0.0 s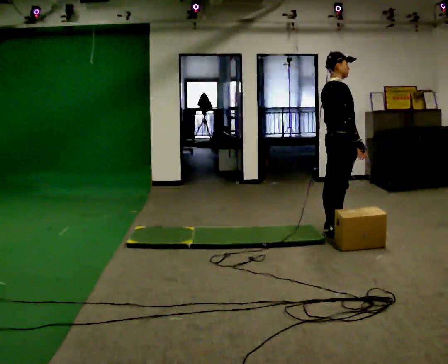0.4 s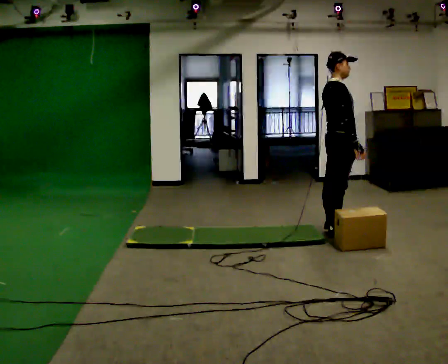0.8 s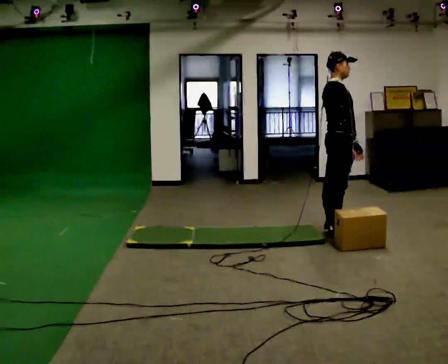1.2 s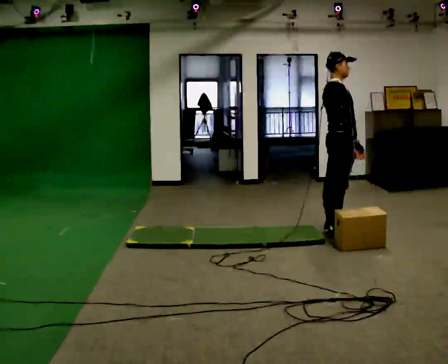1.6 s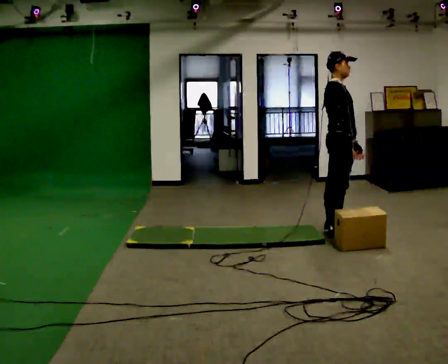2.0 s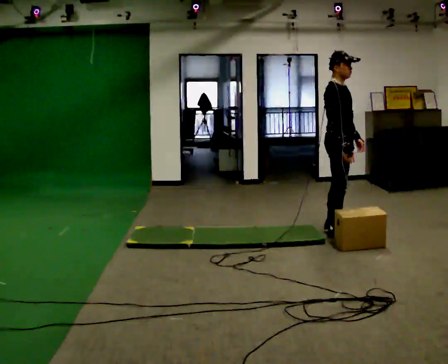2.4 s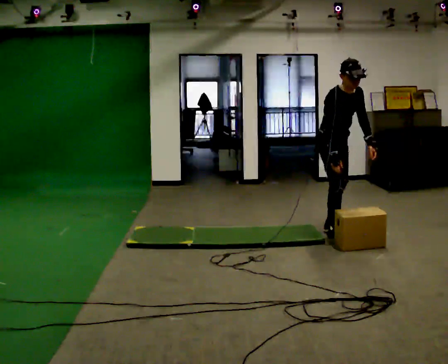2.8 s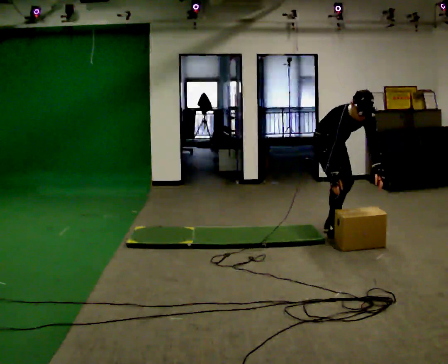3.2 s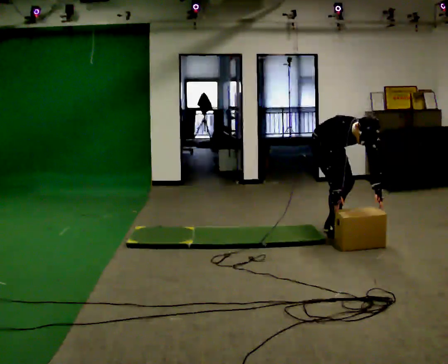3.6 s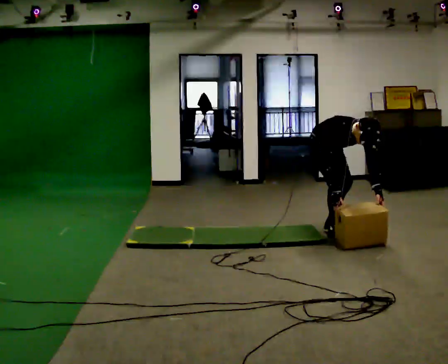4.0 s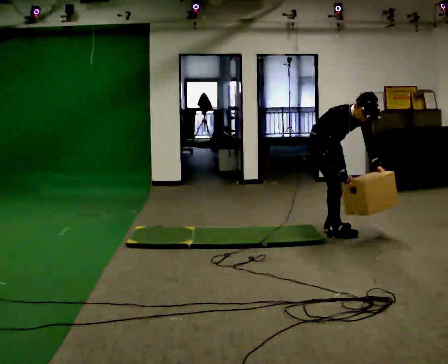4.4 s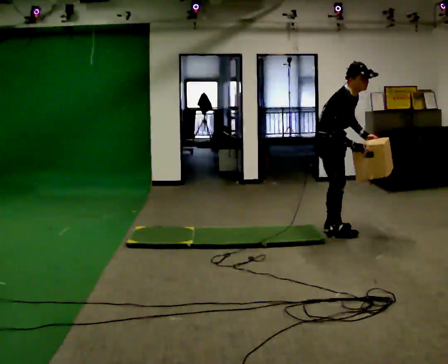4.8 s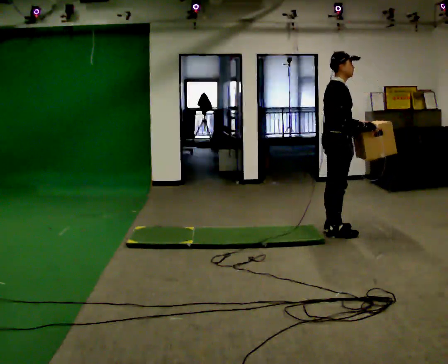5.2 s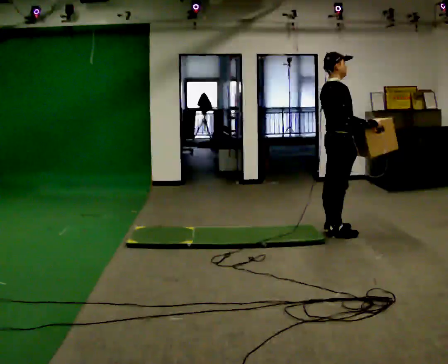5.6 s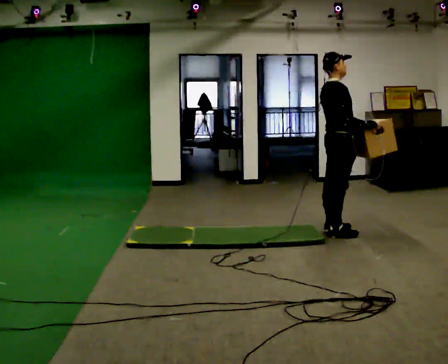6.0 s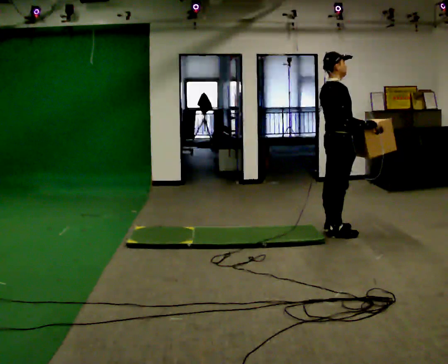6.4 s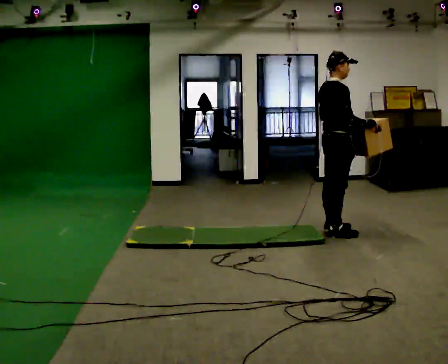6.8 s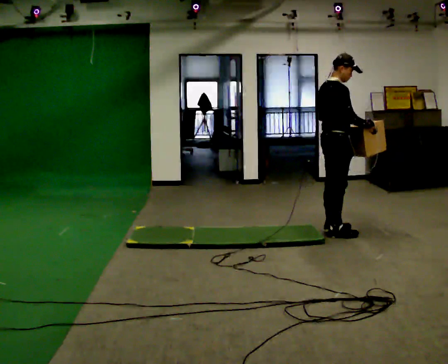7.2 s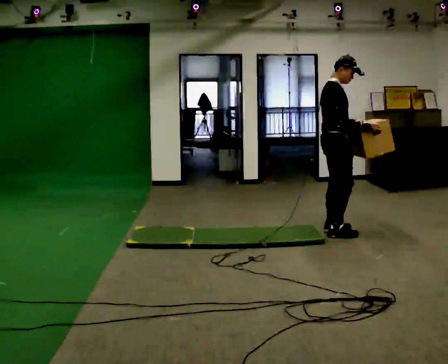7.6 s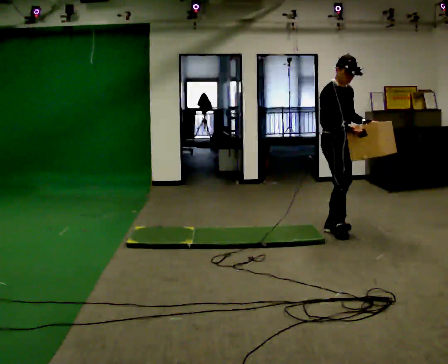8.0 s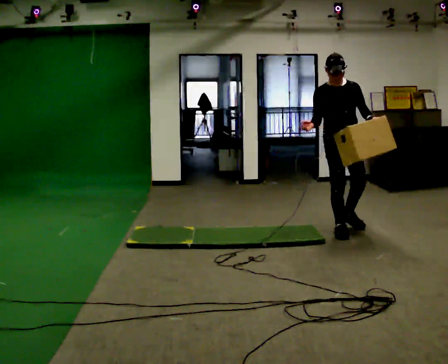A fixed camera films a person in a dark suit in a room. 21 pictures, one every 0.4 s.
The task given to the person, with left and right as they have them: Carry the box across the soft uneven mat, set it down on the far side, then bring it back. Keep going until the operator says stop; one object at a time, and do not rush between trips.
0.0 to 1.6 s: The person moves a little, or ends about where they began.
1.6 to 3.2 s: Seen from above the body turns clockwise, about 45 degrees: to their right, with its near side sliding to the left. The upper body goes downward. In the picture the upper body tilts clockwise, shoulders to the right, as they bend forward. In the picture their right hand goes downward.
3.2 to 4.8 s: Seen from above the body turns counterclockwise, about 45 degrees: to their left, with its near side sliding to the right. The upper body goes upward. In the picture the upper body tilts counterclockwise, shoulders to the left, as they lean back or straighten. In the picture their right hand goes upward, the arm swinging counterclockwise.
4.8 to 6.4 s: The person moves a little, or ends about where they began.
6.4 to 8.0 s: The person turns about 90 degrees to their right, clockwise seen from above, so the part of the body nearest the lens slides to the left. In the picture their right hand goes to the left, the arm swinging clockwise.
The film runs forward here.
